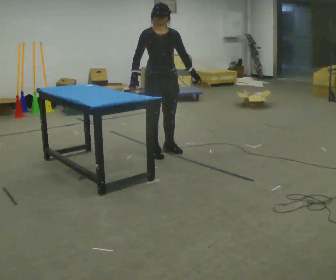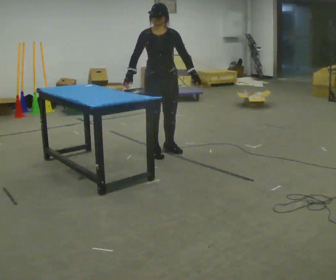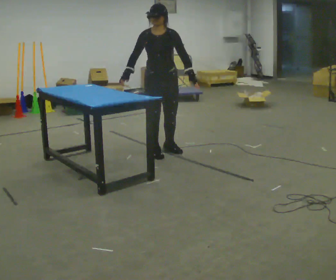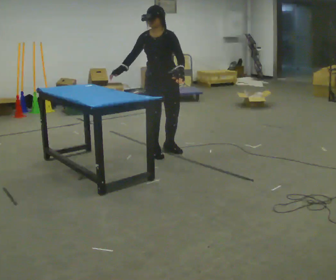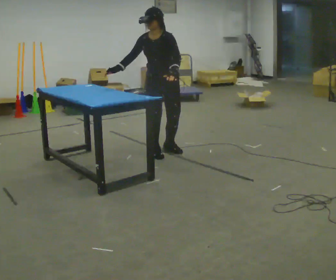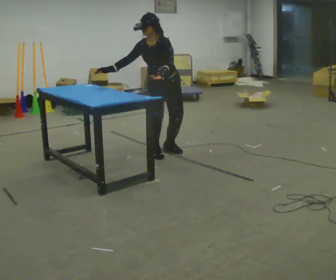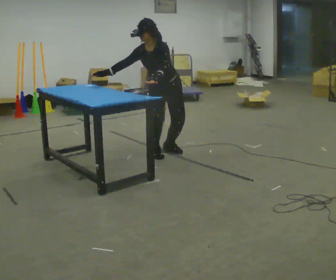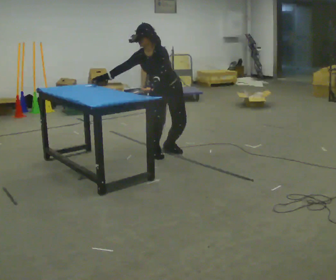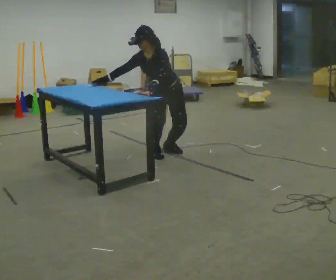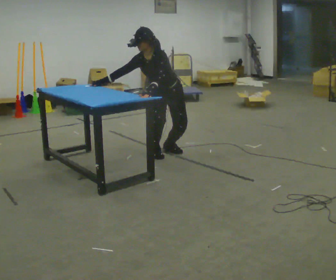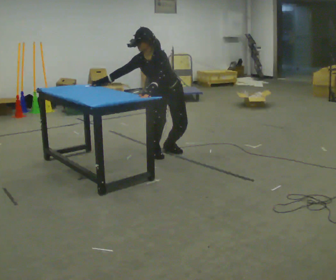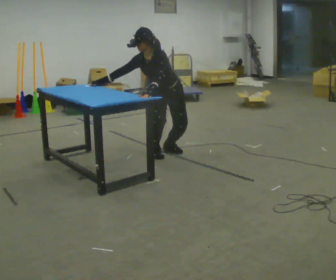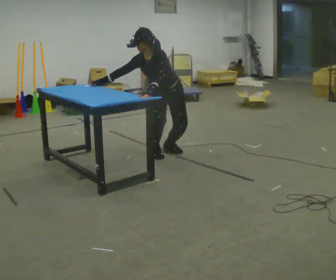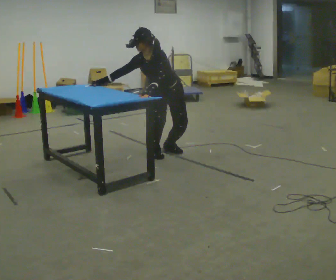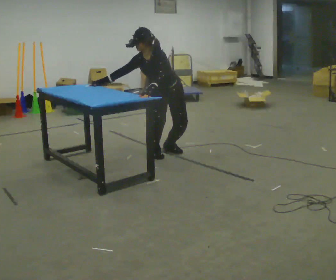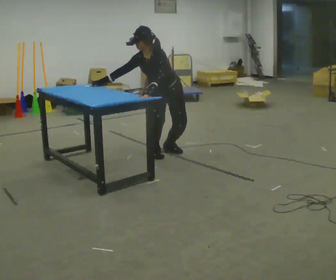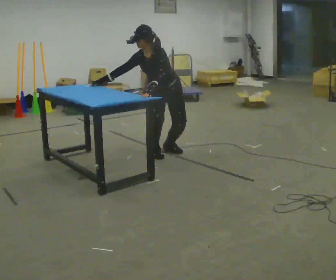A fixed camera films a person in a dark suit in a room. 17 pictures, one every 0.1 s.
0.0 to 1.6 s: The part of the body nearest the lens slides to the left as the person turns to their right by about 45 degrees. The upper body goes downward. In the picture the upper body tilts counterclockwise, shoulders to the left, as they bend forward. In the picture their left hand goes to the left.
The film runs backward here.
